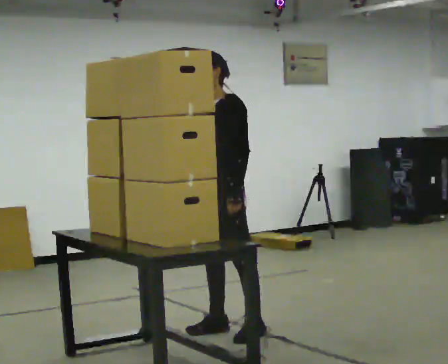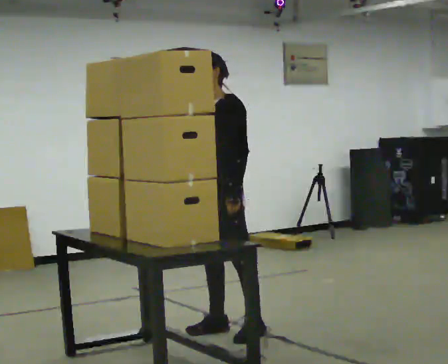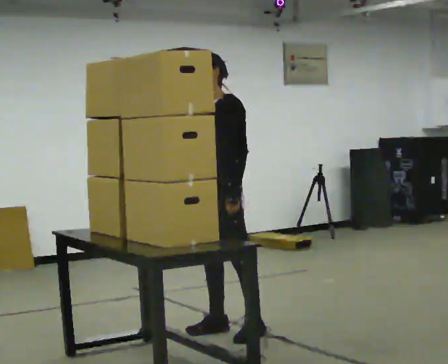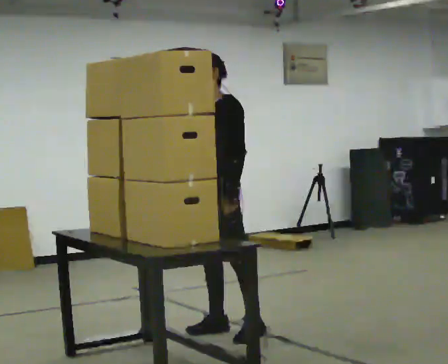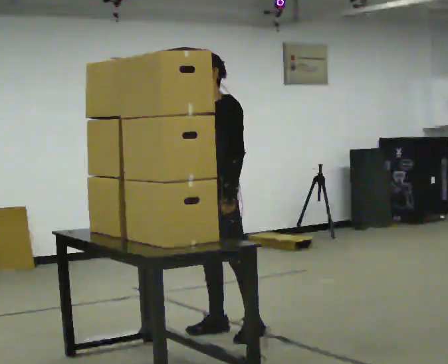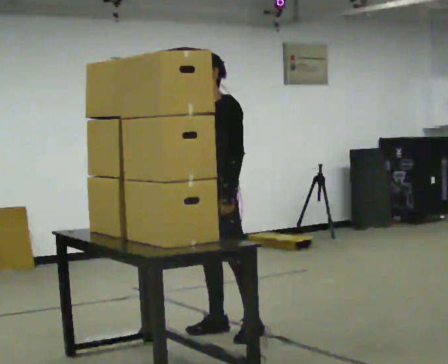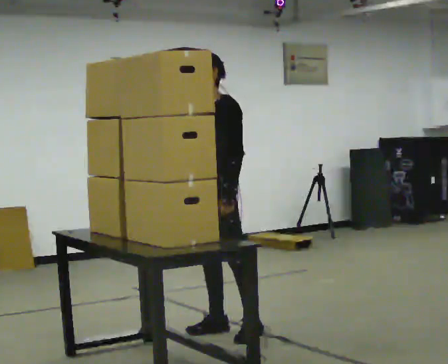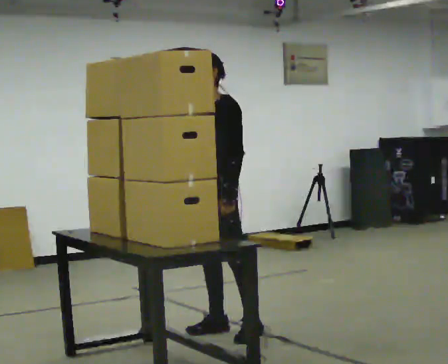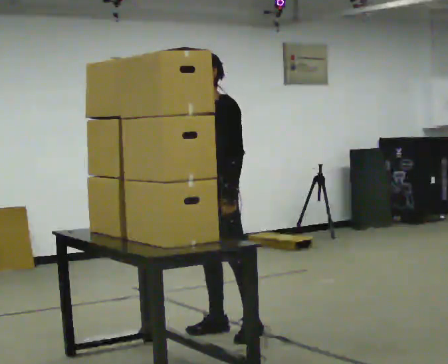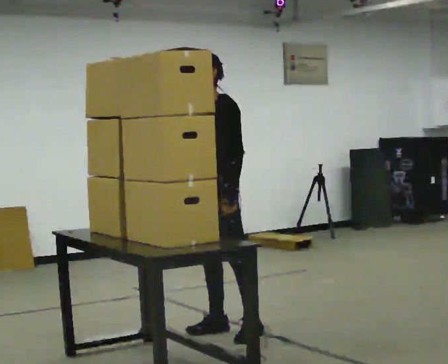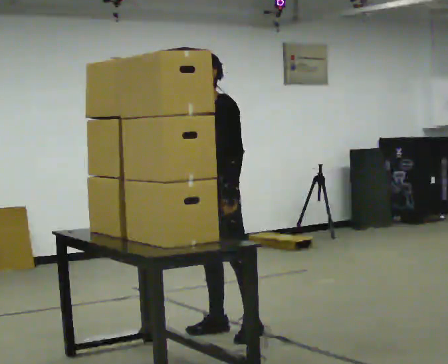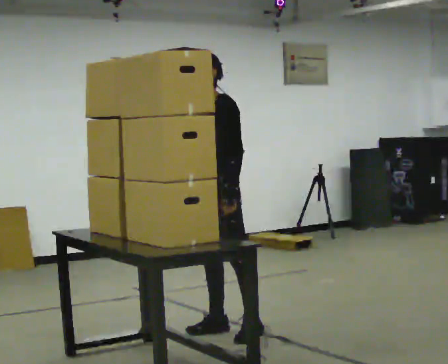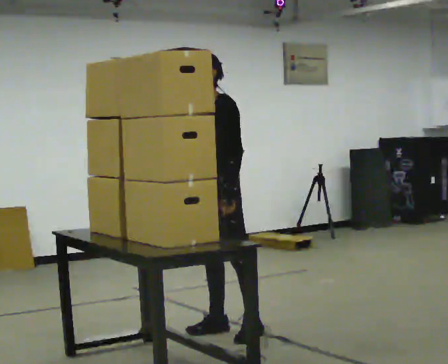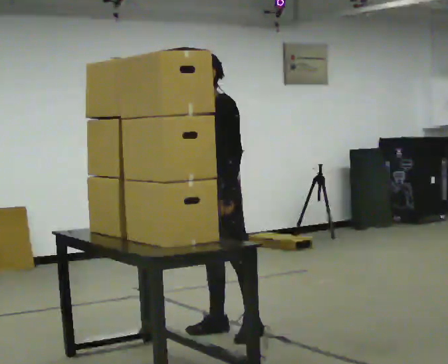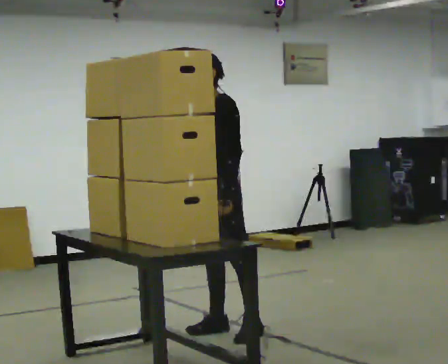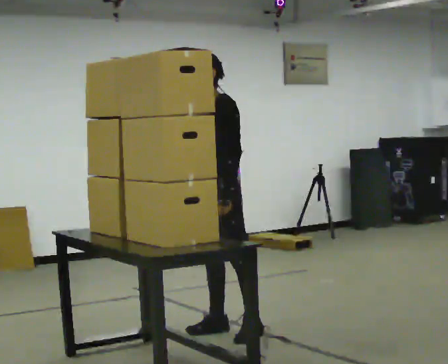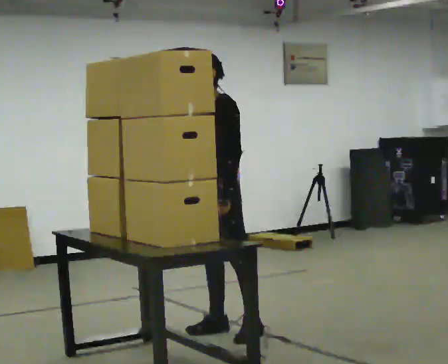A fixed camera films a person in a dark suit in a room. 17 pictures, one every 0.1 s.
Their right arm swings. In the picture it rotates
counterclockwise.
Their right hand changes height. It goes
downward.
0.0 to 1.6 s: In the picture their right hand goes downward, the arm swinging counterclockwise.
The film runs forward here.
